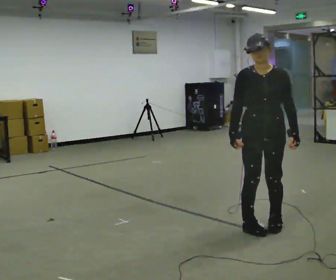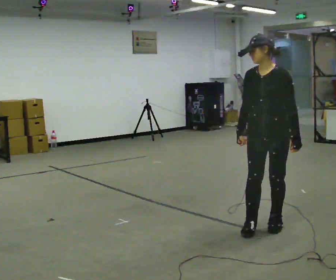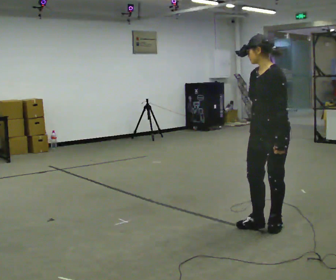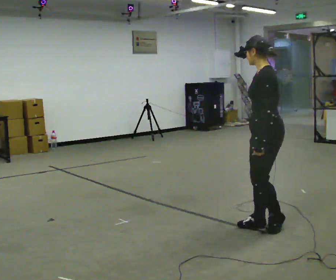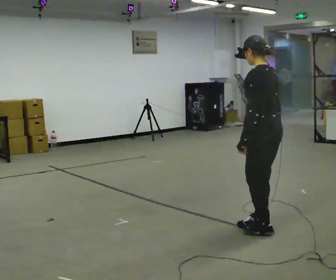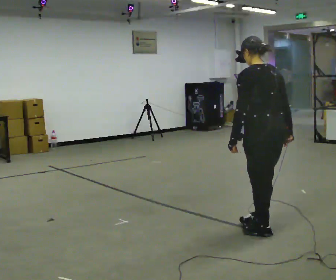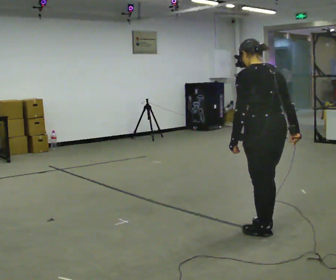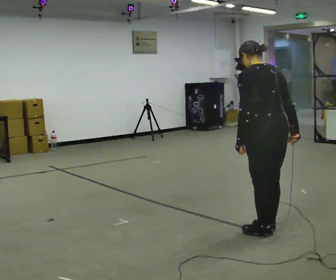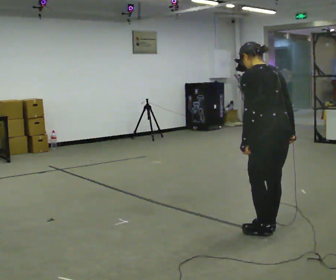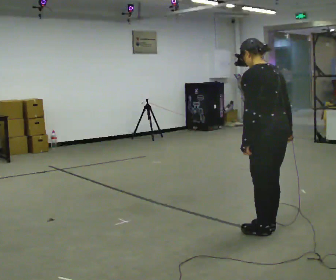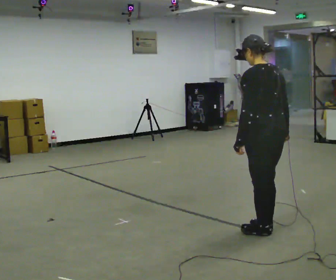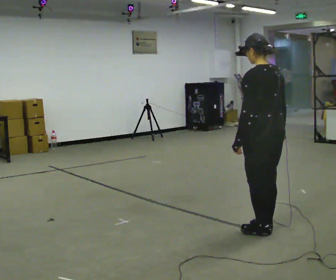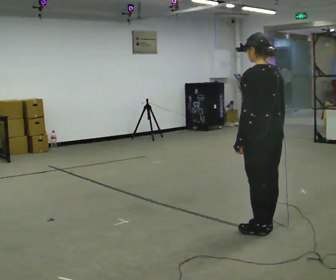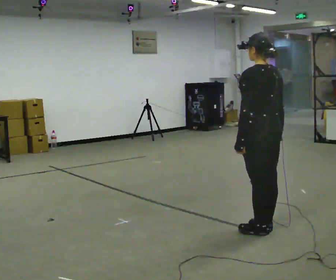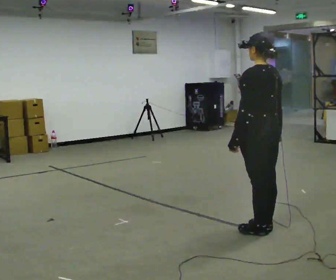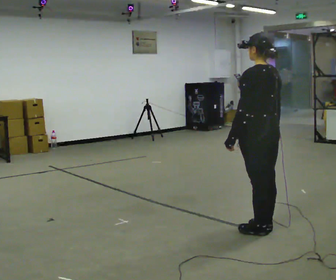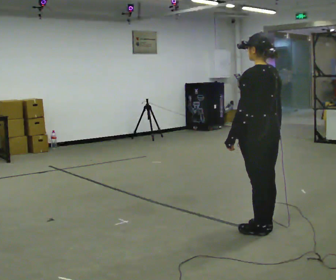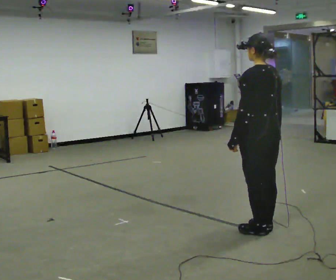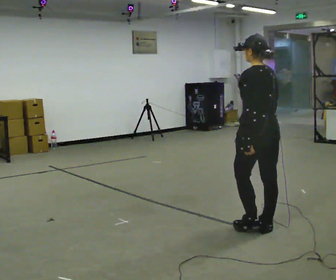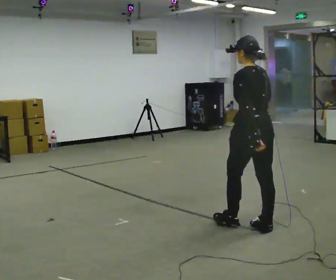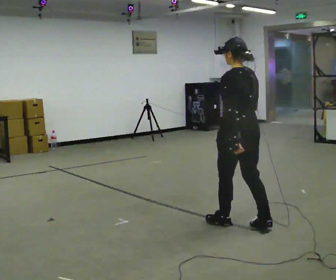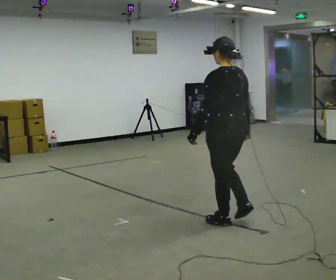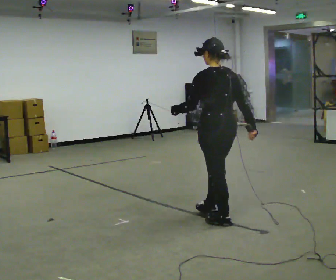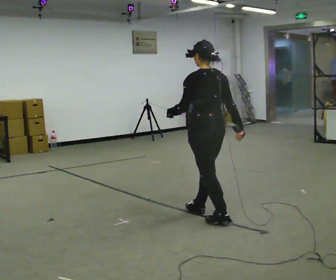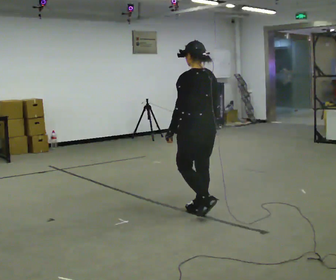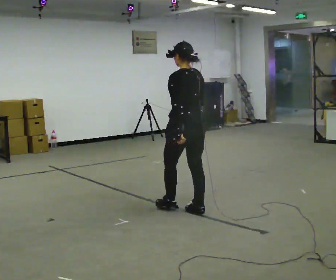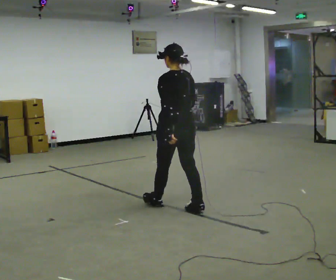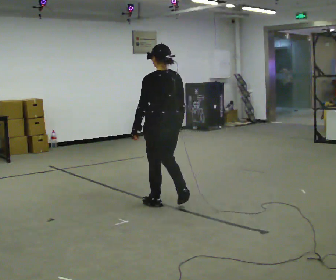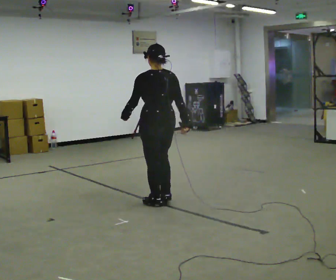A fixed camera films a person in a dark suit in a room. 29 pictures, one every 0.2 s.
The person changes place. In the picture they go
to the left.
The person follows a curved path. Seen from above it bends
clockwise.
0.0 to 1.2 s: Seen from above the body turns clockwise, about 150 degrees: to their right, with its near side sliding to the left. In the picture they go toward the camera, about 0.25 m in 1 step. In the picture their right hand goes to the right, the arm swinging counterclockwise.
1.2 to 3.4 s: The person moves a little, or ends about where they began.
3.4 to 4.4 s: In the picture they go to the left and away from the camera, about 0.5 m in 1 step, which for them is forward.
4.4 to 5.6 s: In the picture they go to the left and away from the camera, about 1 m in 2 steps, which for them is forward.
The film runs forward here.
